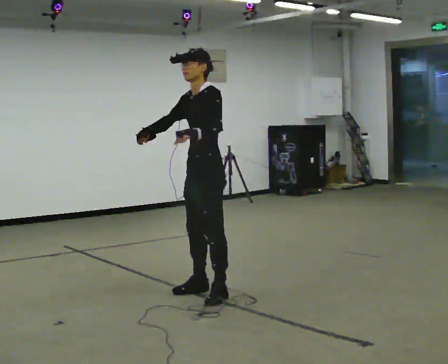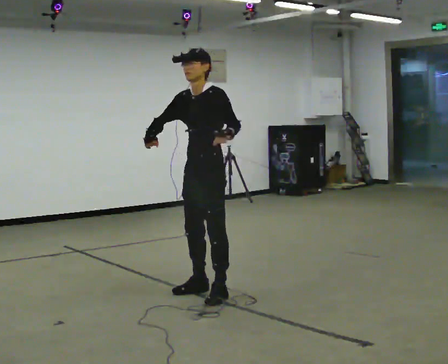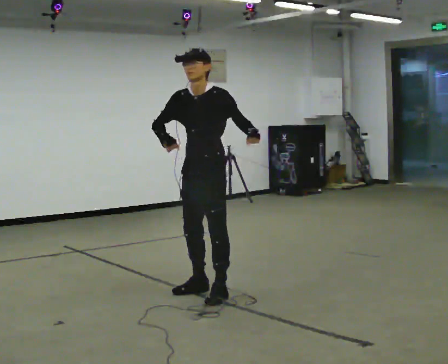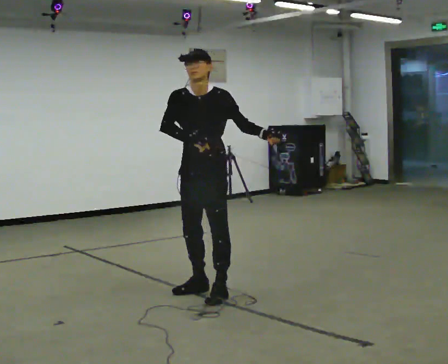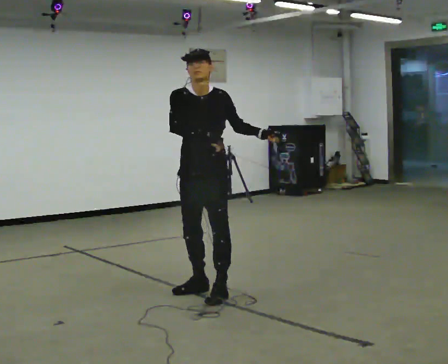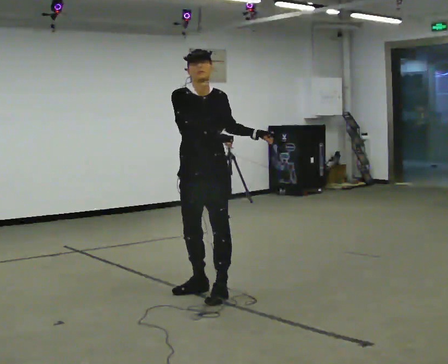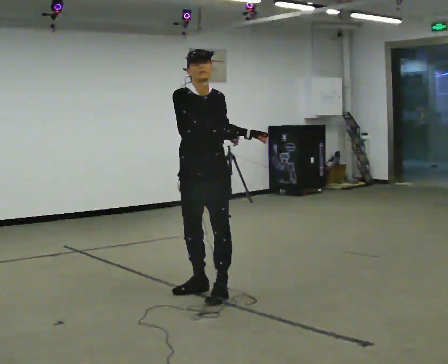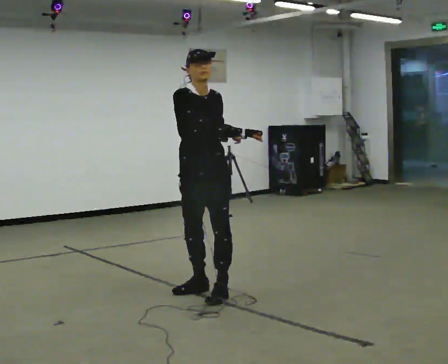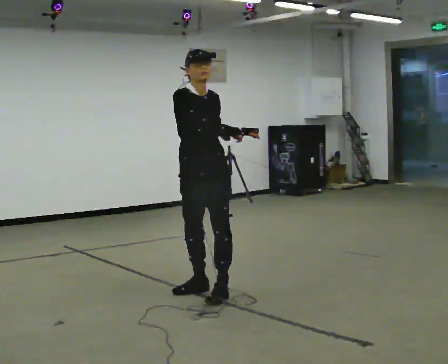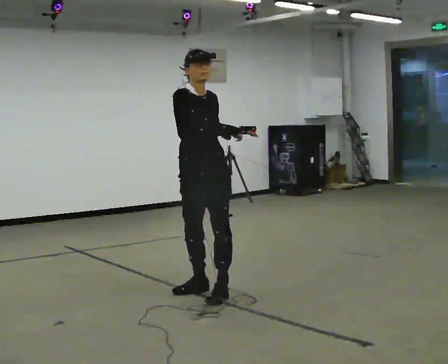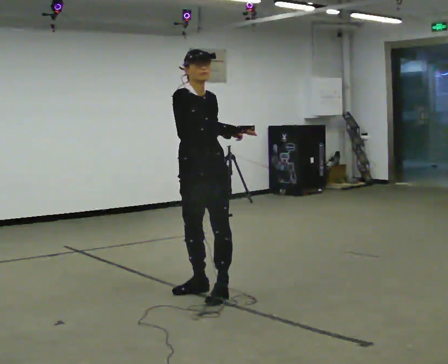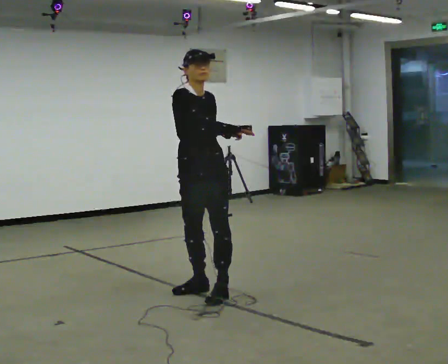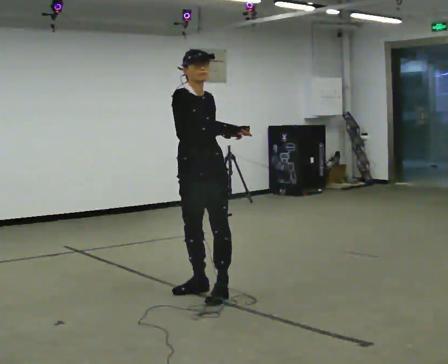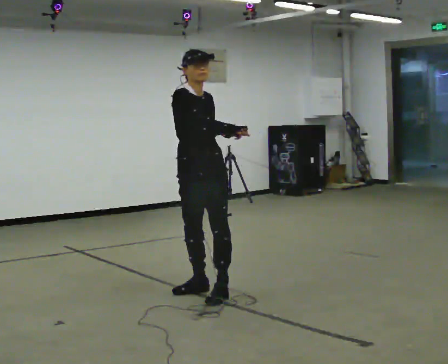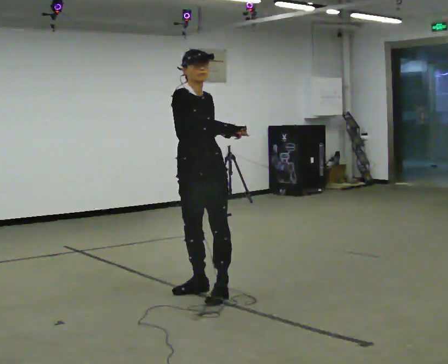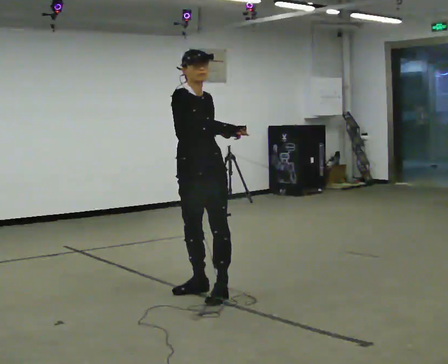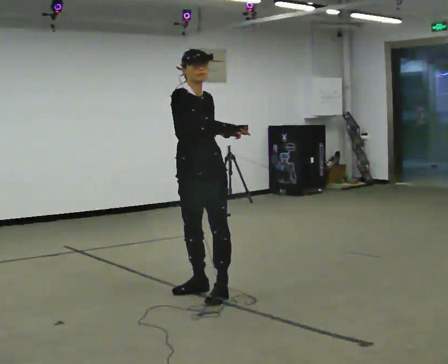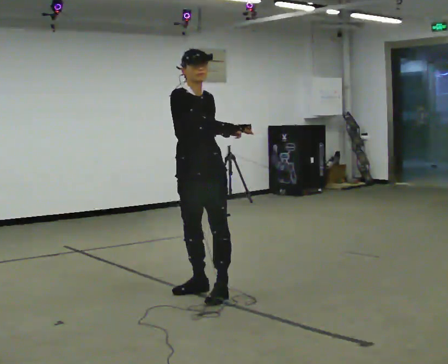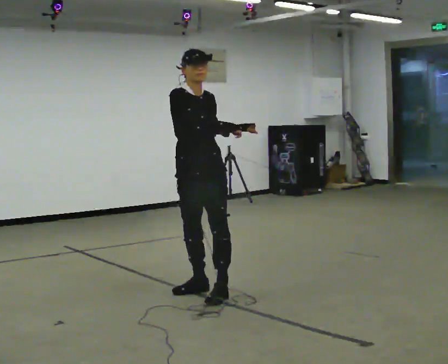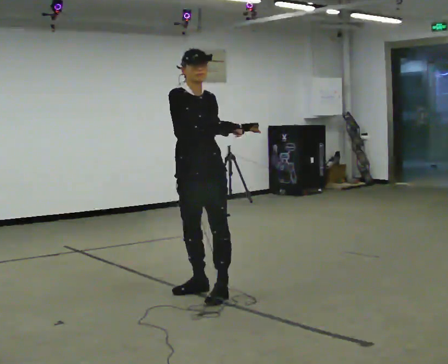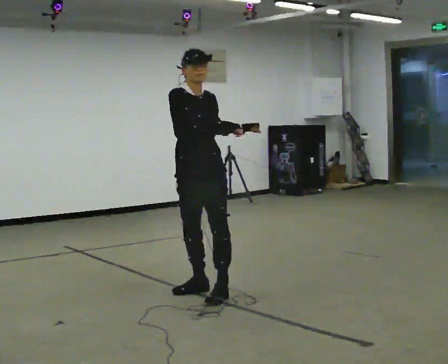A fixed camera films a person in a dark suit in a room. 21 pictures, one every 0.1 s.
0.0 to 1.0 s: The person turns about 90 degrees to their left, counterclockwise seen from above, so the part of the body nearest the lens slides to the right. In the picture their left hand goes to the right.
1.0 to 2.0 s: The person moves a little, or ends about where they began.
The film runs backward here.
